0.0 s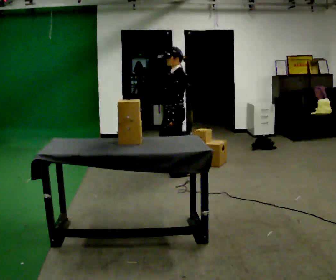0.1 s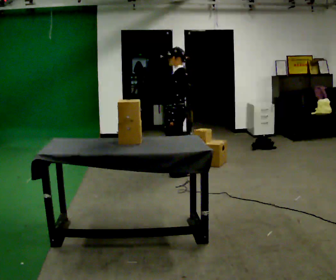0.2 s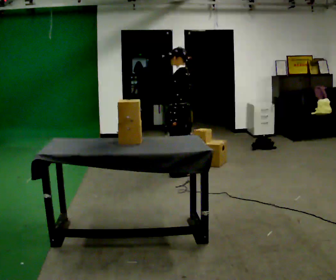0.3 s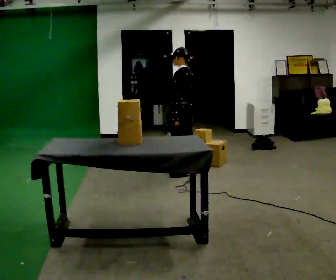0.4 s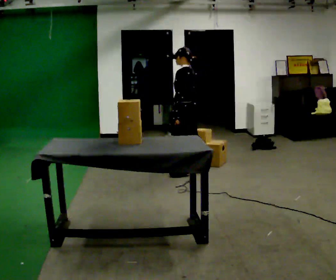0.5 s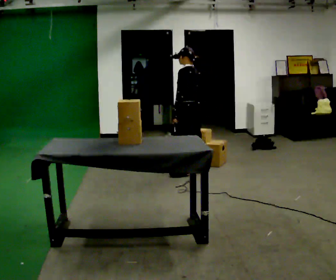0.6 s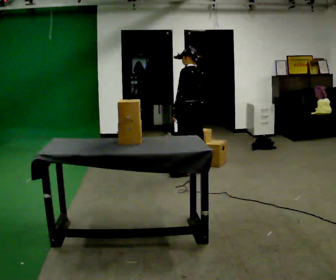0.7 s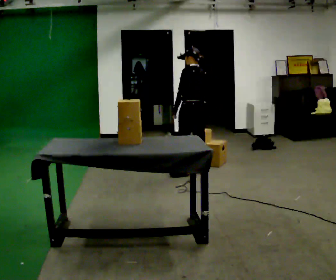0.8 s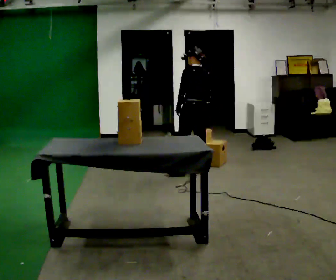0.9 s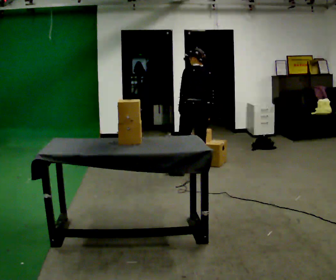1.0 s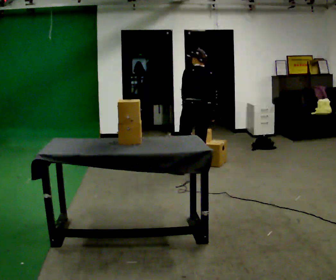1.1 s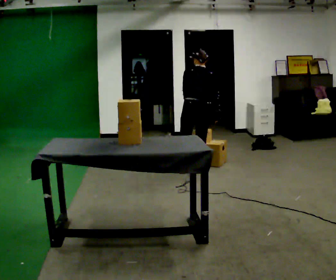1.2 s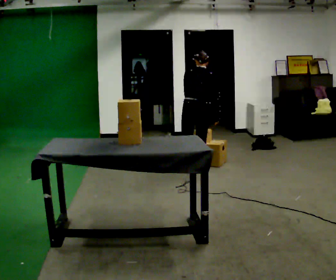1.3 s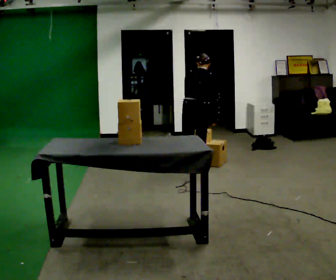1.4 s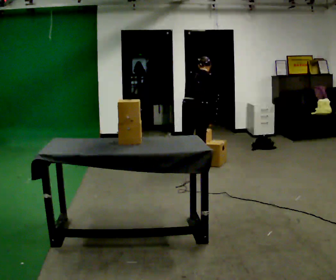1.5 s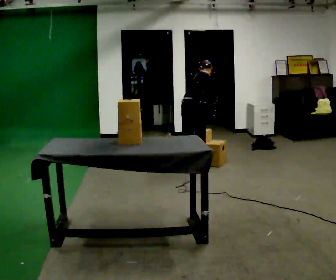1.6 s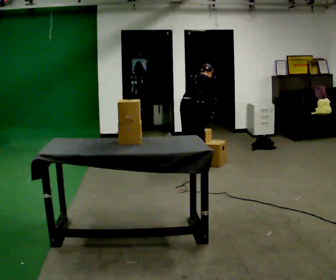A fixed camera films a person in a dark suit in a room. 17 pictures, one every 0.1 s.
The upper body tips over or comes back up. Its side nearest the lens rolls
upward.
The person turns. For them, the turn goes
to their right.
0.0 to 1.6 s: Seen from above the body turns clockwise, about 120 degrees: to their right, with its near side sliding to the left. In the picture they go to the right, about 0.25 m in 1 step. The upper body tips away from the camera, its near side rolling upward, as they bend forward. In the picture their right hand goes to the right.
The film runs backward here.
